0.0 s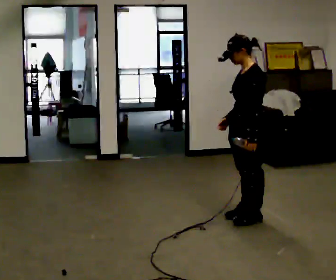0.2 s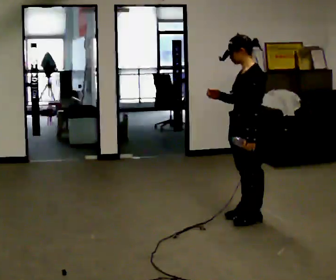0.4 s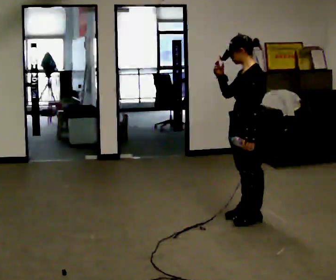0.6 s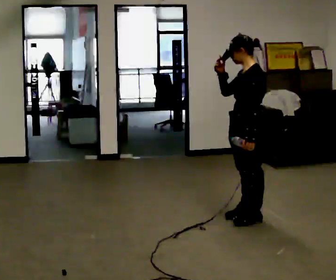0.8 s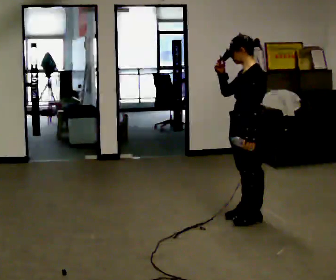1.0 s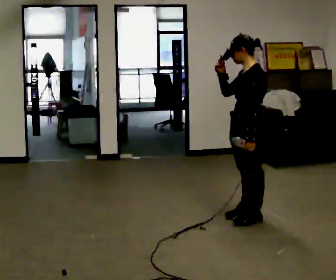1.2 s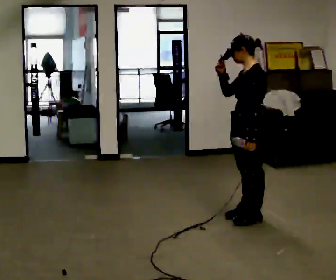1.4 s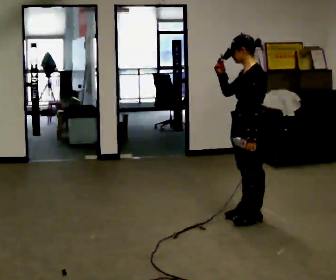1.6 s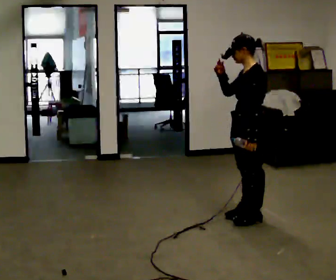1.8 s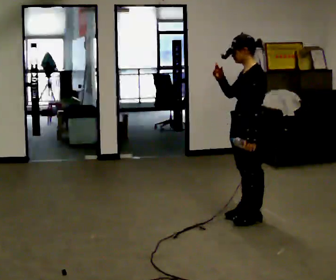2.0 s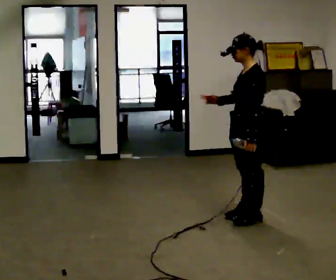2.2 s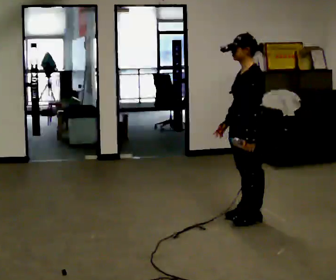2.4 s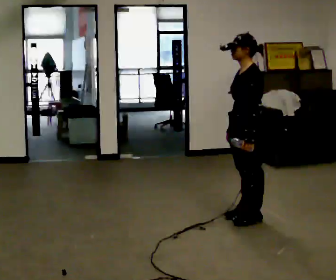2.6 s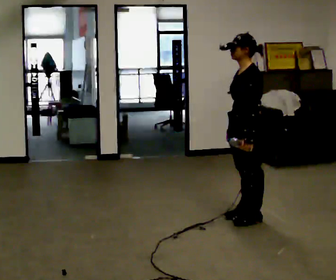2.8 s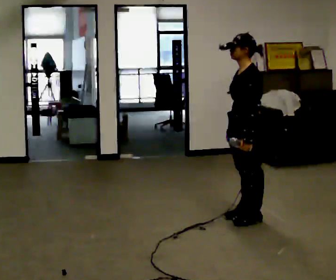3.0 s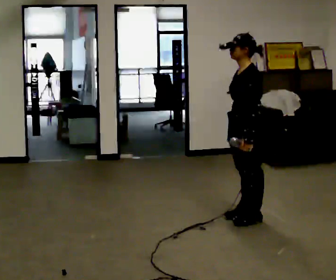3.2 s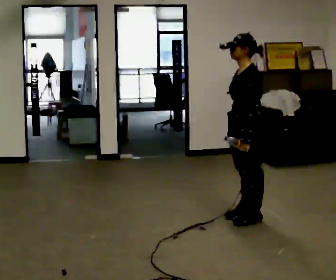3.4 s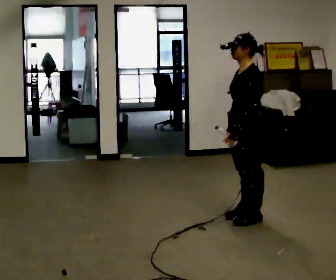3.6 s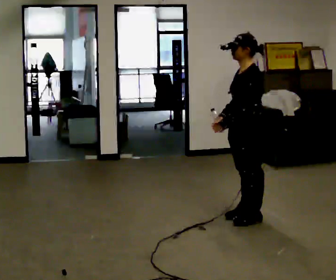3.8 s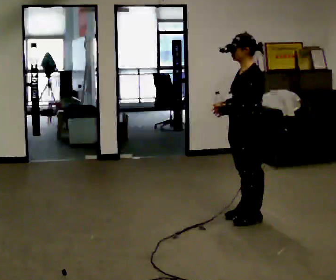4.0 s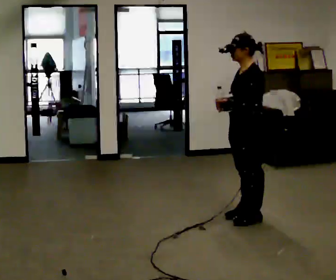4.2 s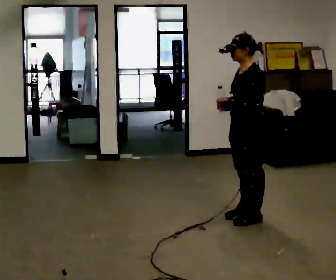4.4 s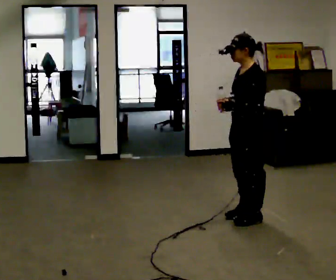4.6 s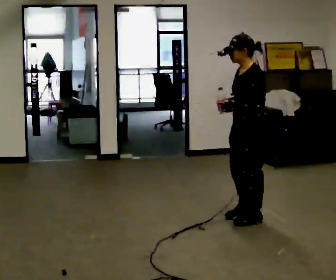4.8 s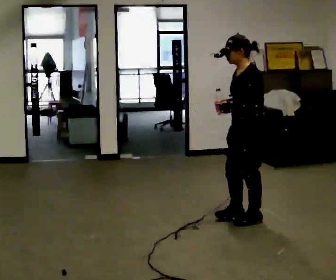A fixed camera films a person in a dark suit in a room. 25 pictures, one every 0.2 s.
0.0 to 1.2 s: In the picture their right hand goes upward.
1.2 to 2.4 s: In the picture their right hand goes downward.
2.4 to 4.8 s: The person moves a little, or ends about where they began.
The film runs backward here.
